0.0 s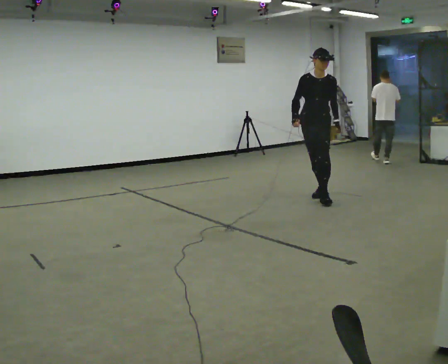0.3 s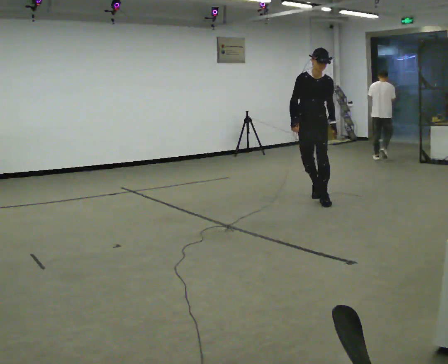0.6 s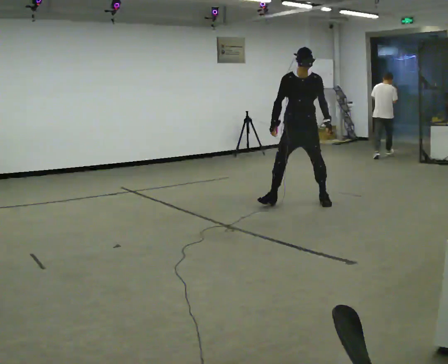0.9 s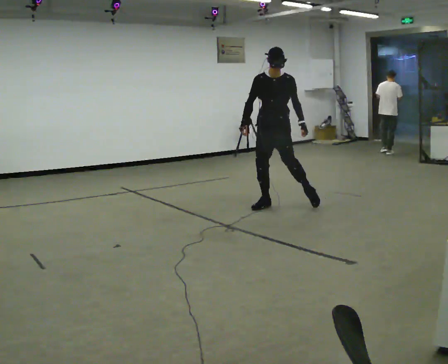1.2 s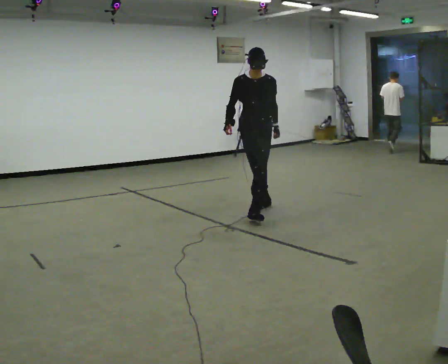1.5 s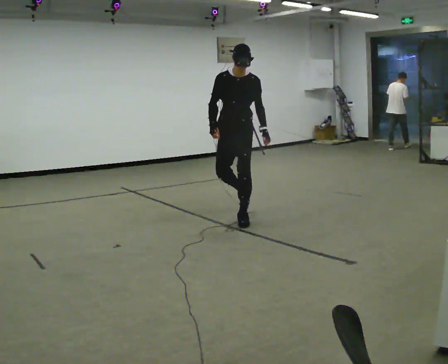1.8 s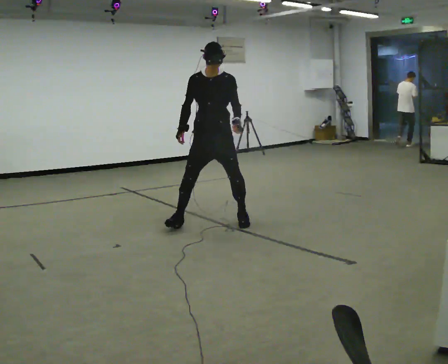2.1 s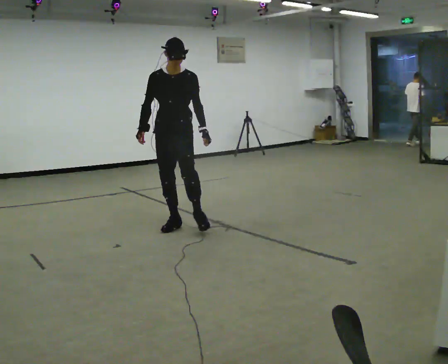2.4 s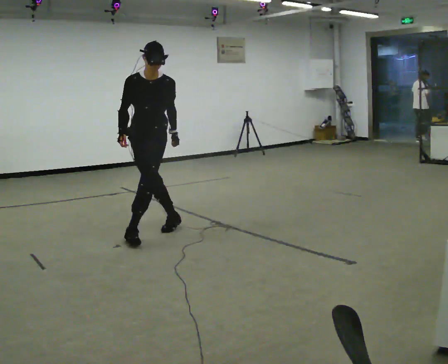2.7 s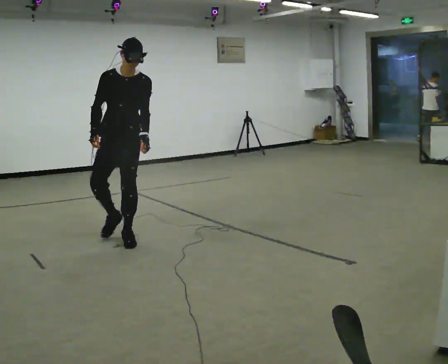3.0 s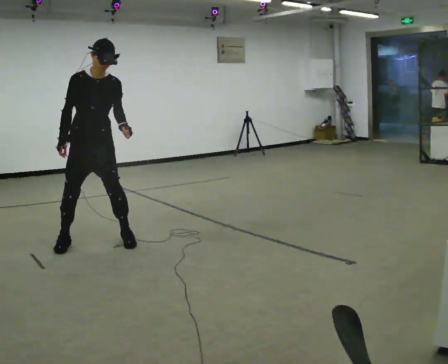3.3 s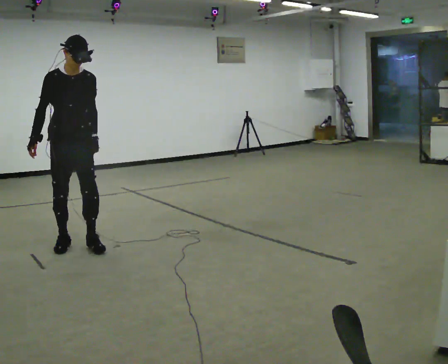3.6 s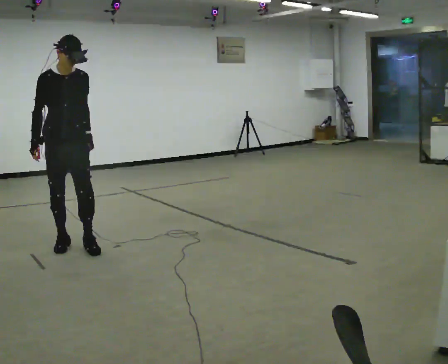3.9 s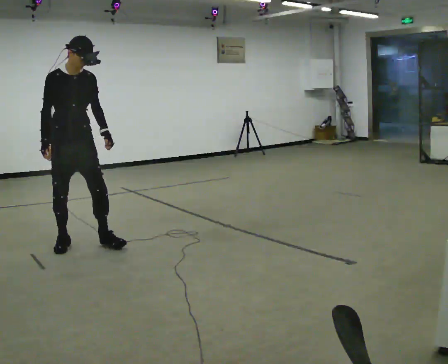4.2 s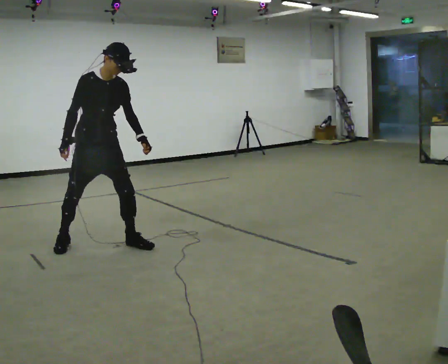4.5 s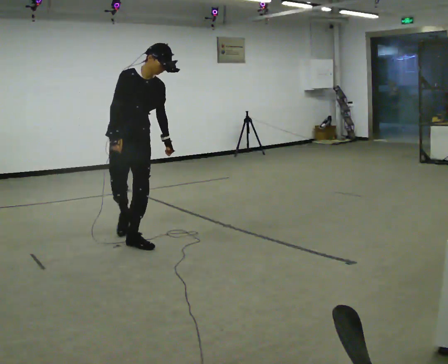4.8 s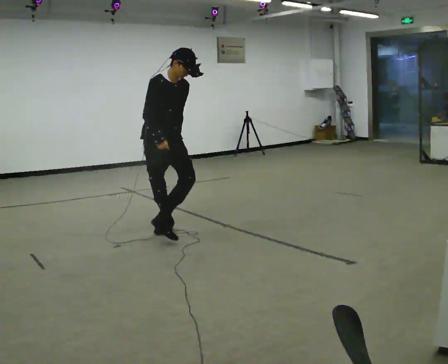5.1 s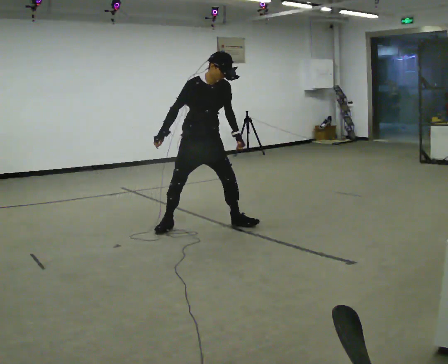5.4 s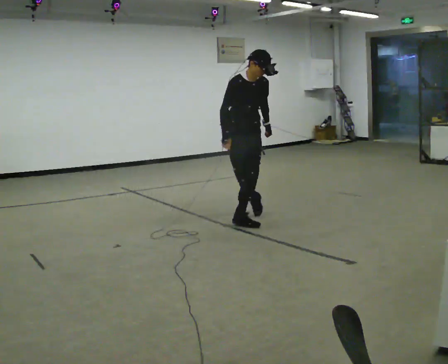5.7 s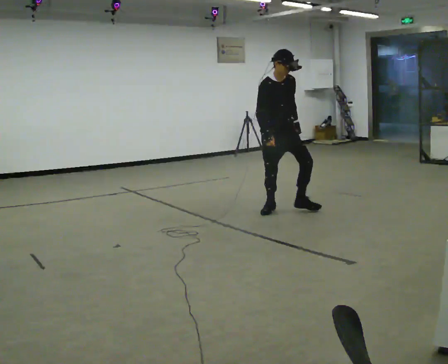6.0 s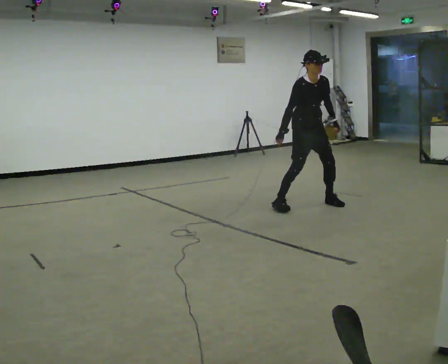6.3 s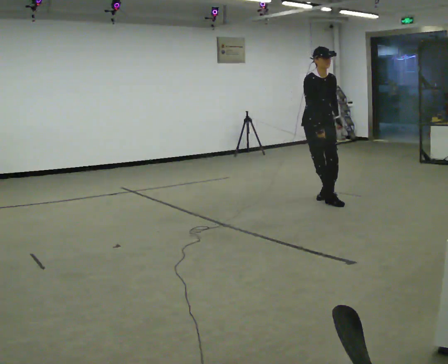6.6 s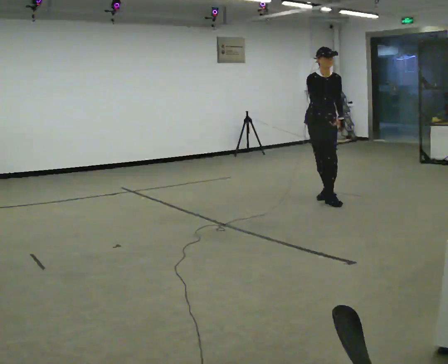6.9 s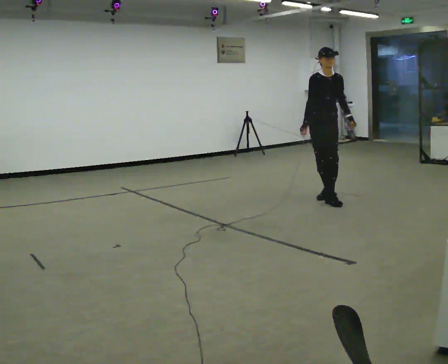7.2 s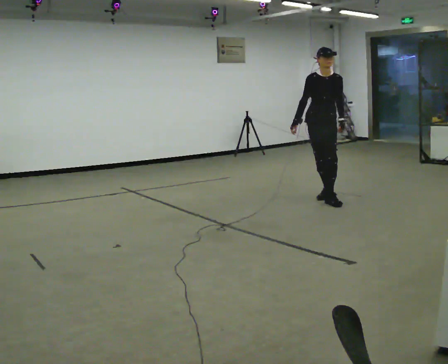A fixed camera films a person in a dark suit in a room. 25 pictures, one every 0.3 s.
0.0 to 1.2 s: In the picture they go to the left and toward the camera, about 1 m in 1 step, which for them is forward and to their right.
1.2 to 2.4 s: In the picture they go to the left and toward the camera, about 1 m in 2 steps, which for them is forward and to their right.
2.4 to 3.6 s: The person turns about 30 degrees to their left, counterclockwise seen from above, so the part of the body nearest the lens slides to the right. In the picture they go to the left, about 1 m in 3 steps, which for them is to their right.
3.6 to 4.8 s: In the picture they go to the right, about 1 m in 2 steps, which for them is to their left.
4.8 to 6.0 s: In the picture they go to the right, about 1.5 m in 3 steps, which for them is to their left.
6.0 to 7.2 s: The person turns about 30 degrees to their right, clockwise seen from above, so the part of the body nearest the lens slides to the left. In the picture they go to the right and away from the camera, about 0.25 m in 1 step, which for them is backward and to their left.
The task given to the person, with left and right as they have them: Move sideways in the direction the operator calls, crossing one foot in front and then behind, alternating.
The film runs forward here.
